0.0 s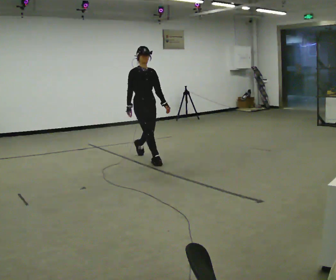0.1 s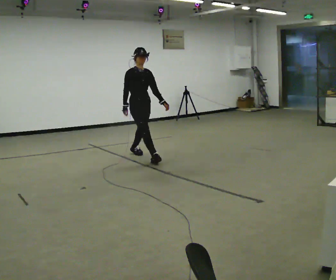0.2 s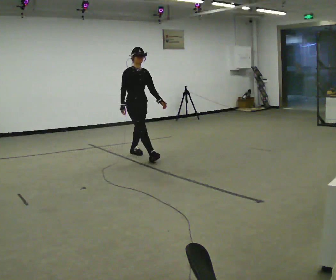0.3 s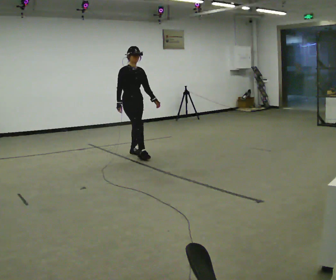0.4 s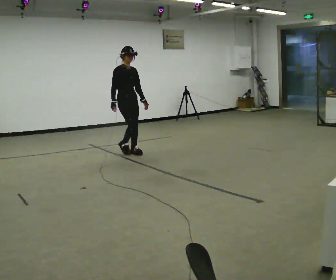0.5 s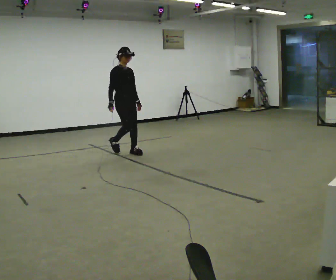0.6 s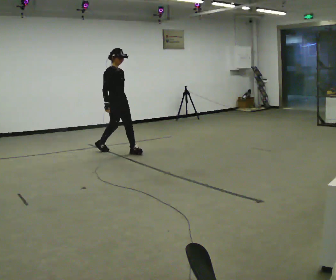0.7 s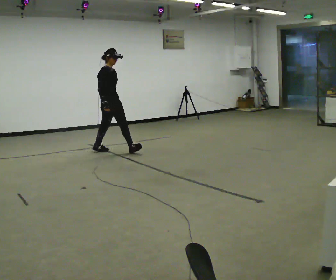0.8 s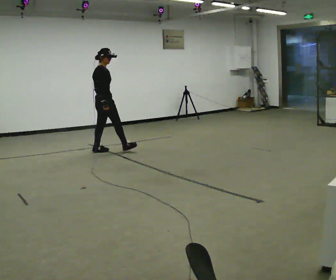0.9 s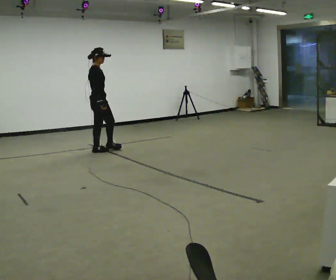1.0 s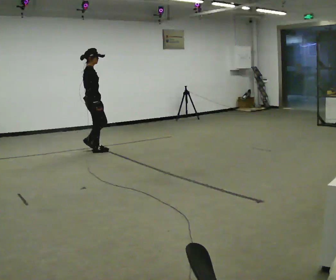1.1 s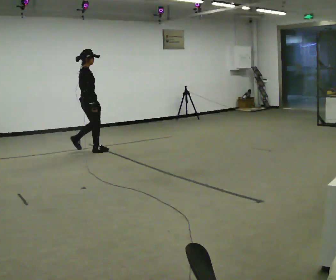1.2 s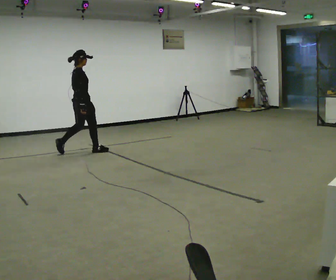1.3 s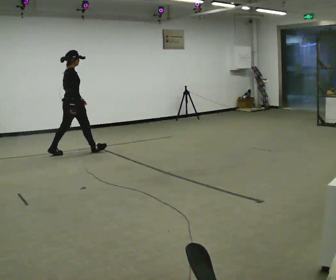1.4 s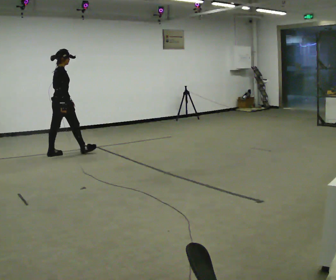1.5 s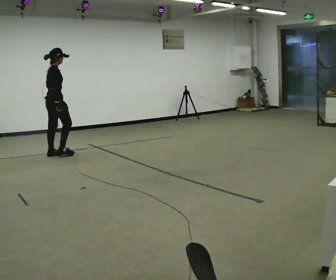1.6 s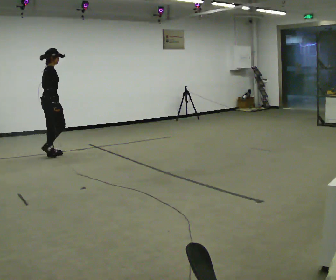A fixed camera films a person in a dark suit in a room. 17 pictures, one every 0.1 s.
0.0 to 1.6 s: The person turns about 90 degrees to their left, counterclockwise seen from above, so the part of the body nearest the lens slides to the right. In the picture they go to the left, about 1.5 m in 3 steps.
The film runs backward here.
